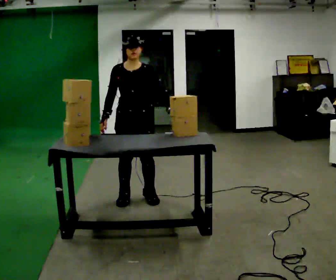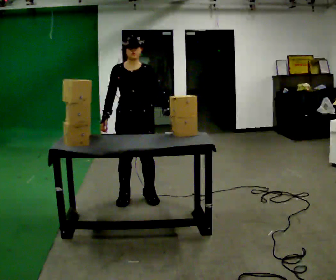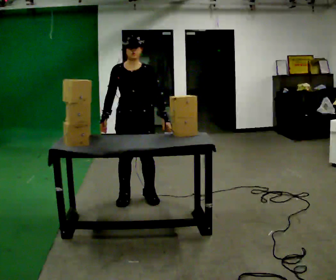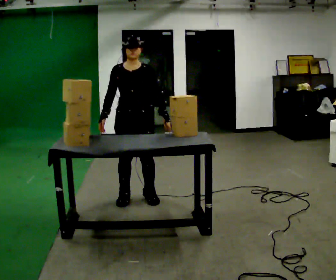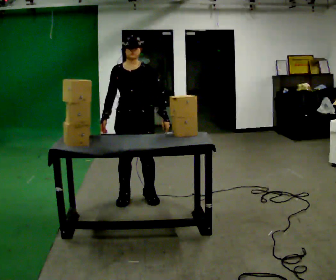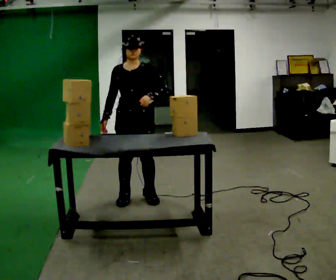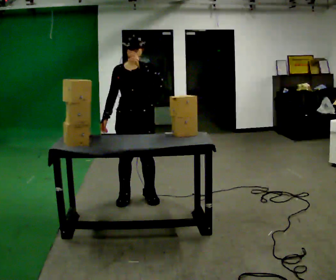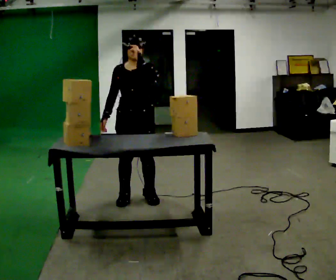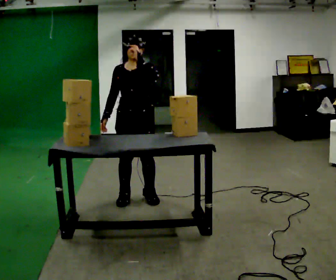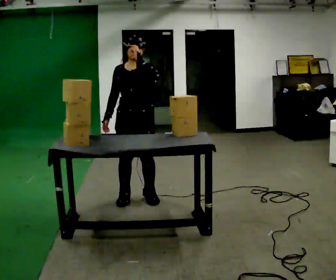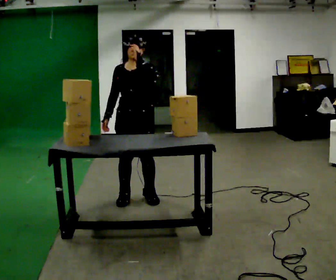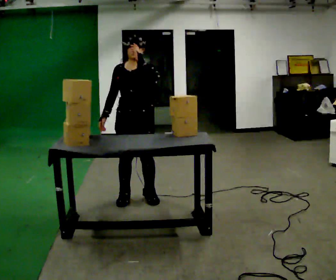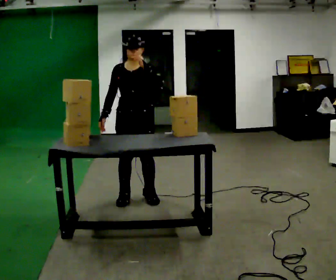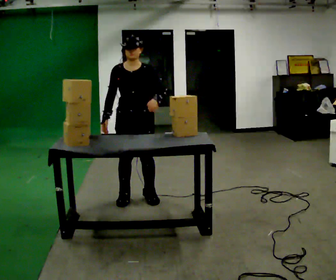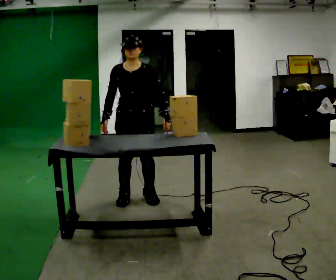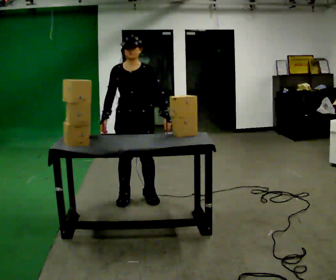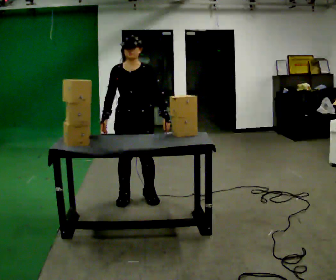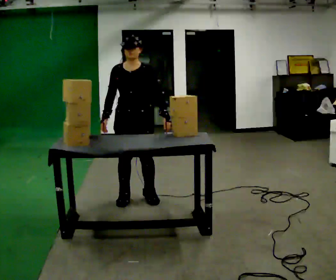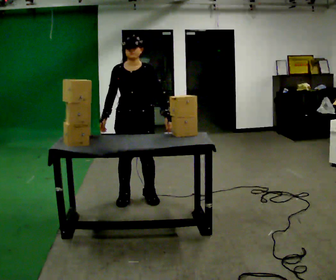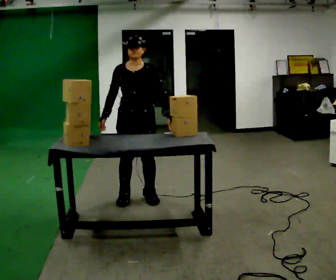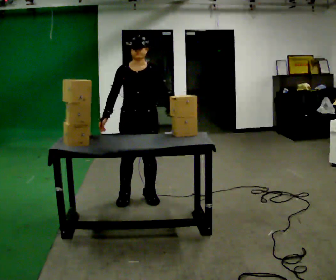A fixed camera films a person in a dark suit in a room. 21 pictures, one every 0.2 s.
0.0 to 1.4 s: In the picture their left hand goes upward and to the left.
1.4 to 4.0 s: In the picture their left hand goes downward and to the right.
The film runs backward here.
